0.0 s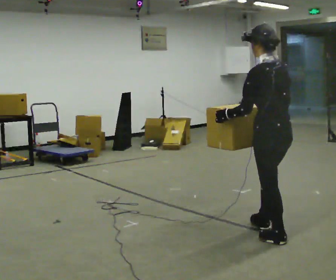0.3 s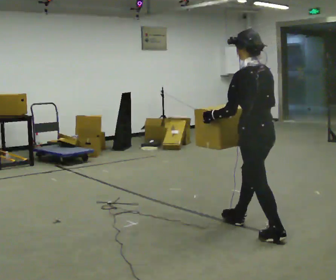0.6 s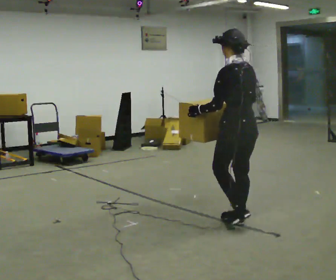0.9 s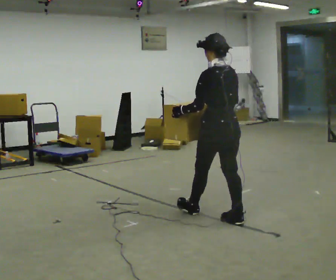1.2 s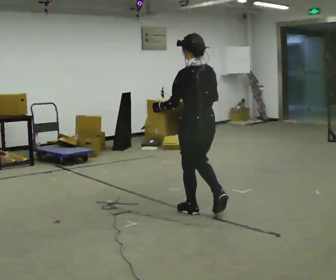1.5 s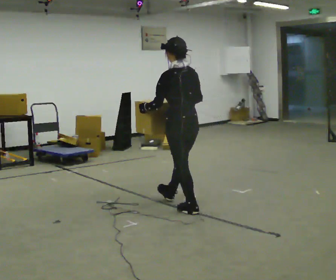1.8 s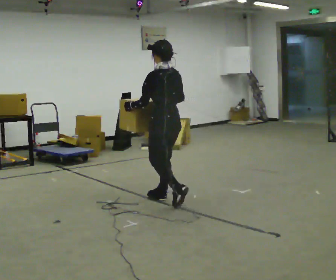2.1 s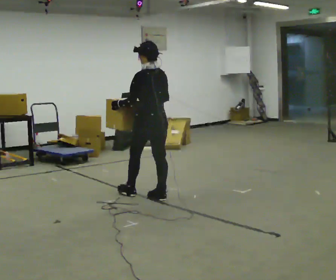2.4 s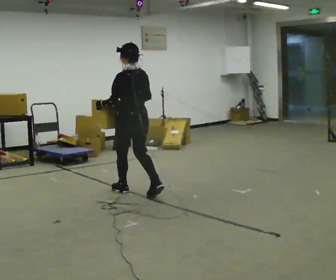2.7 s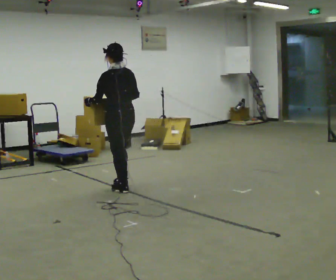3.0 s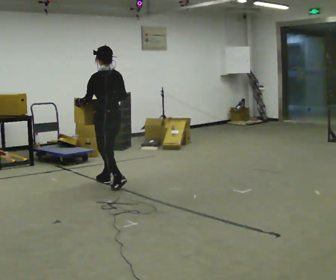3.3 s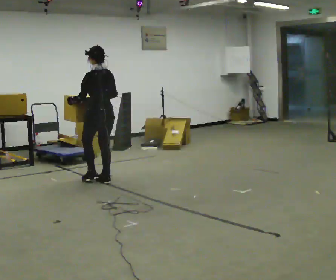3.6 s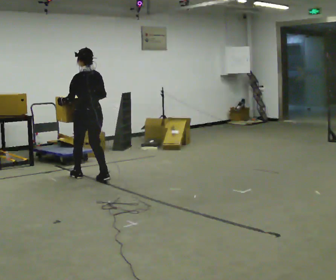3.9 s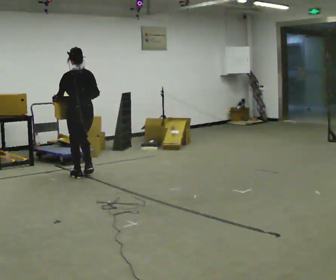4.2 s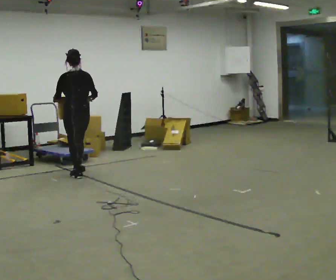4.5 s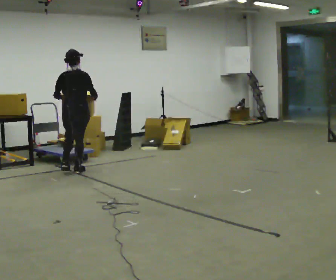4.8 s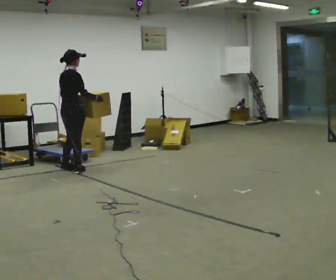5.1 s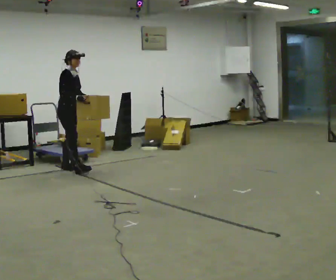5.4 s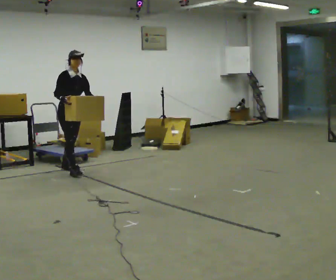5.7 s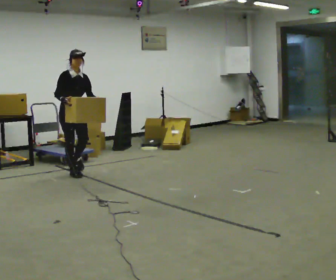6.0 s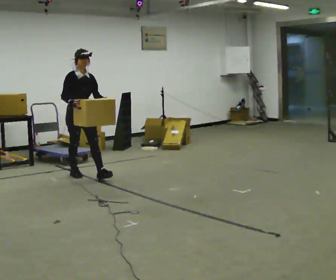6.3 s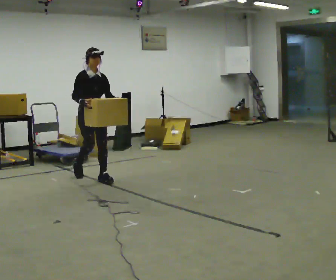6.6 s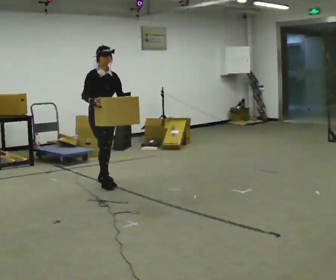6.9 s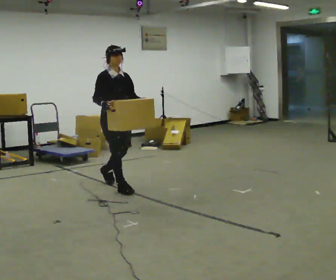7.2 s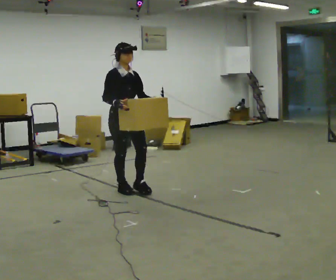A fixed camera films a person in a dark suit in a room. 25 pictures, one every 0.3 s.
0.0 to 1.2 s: In the picture they go away from the camera and to the left, about 1 m in 2 steps, which for them is forward.
1.2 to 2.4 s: In the picture they go away from the camera and to the left, about 1 m in 2 steps, which for them is forward.
2.4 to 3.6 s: In the picture they go away from the camera and to the left, about 1 m in 2 steps, which for them is forward.
3.6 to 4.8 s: The person turns about 90 degrees to their right, clockwise seen from above, so the part of the body nearest the lens slides to the left. In the picture they go away from the camera and to the left, about 0.5 m in 2 steps.
4.8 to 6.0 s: The part of the body nearest the lens slides to the left as the person turns to their right by about 90 degrees. In the picture they go toward the camera, about 0.25 m.
6.0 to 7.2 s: In the picture they go toward the camera and to the right, about 1 m in 2 steps, which for them is forward.
The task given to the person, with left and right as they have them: Carry the large light object across the room, back and forth. It is awkward rather than heavy, so hold it however works.
The film runs forward here.
